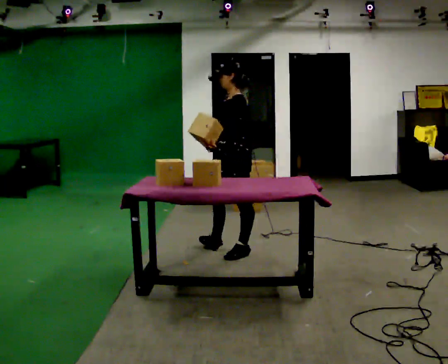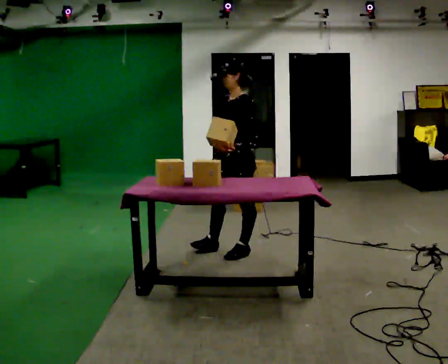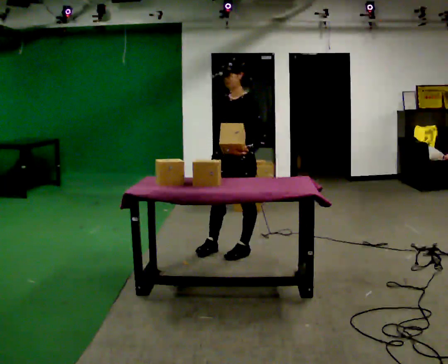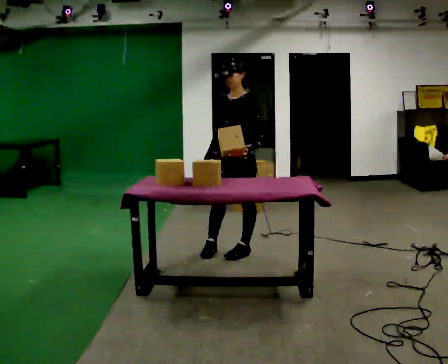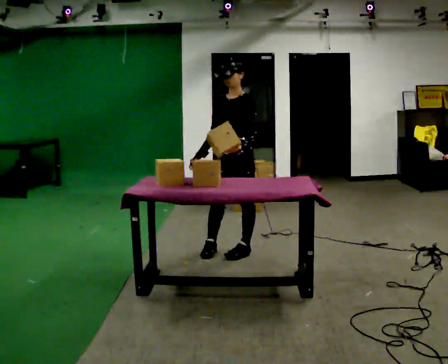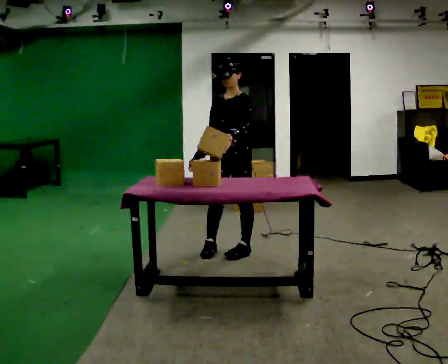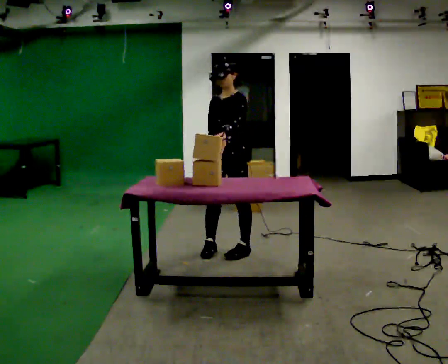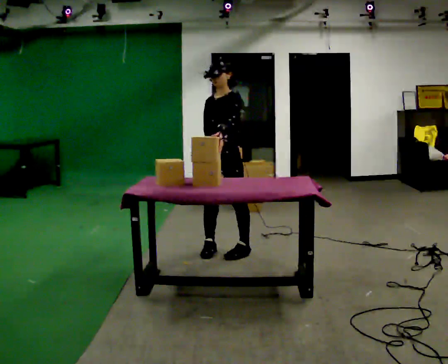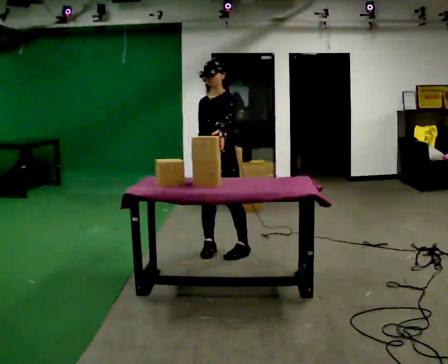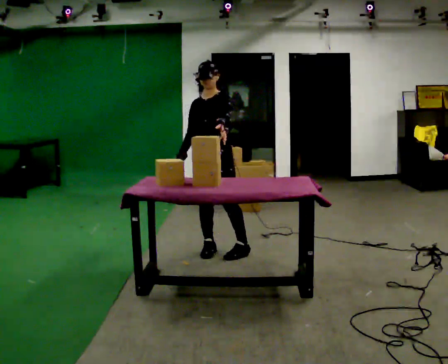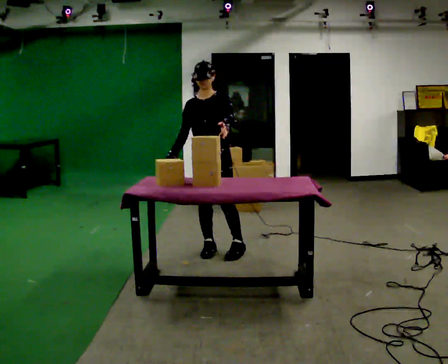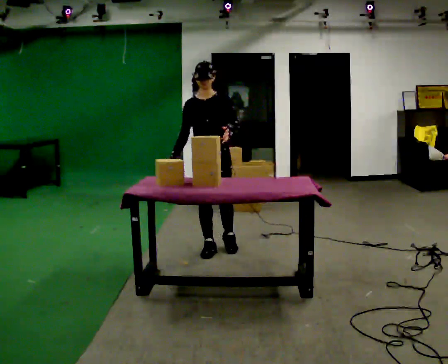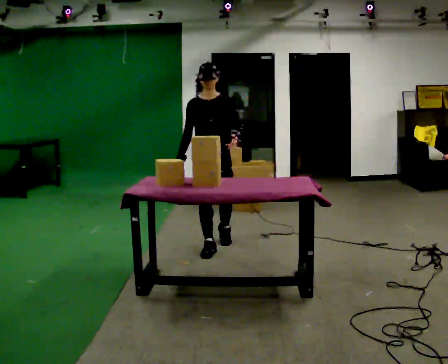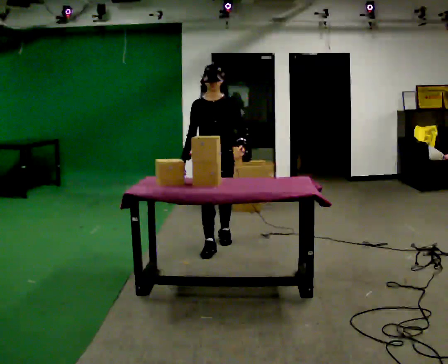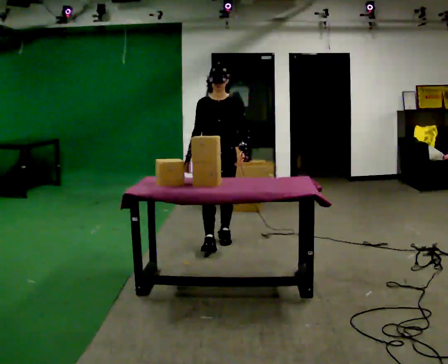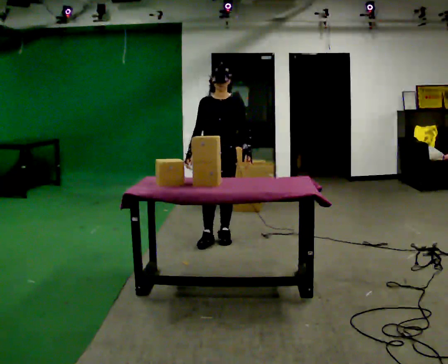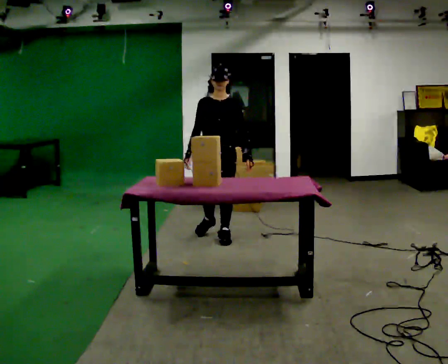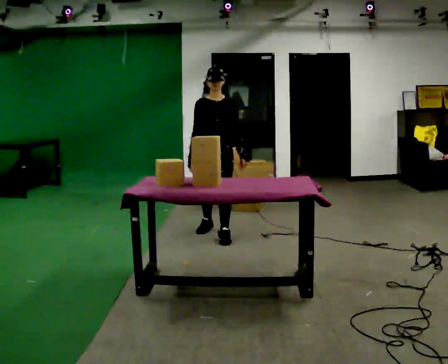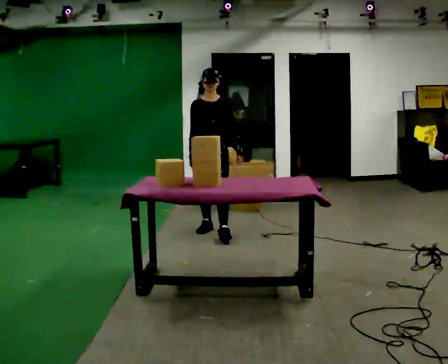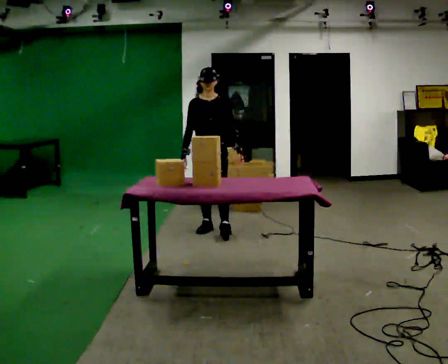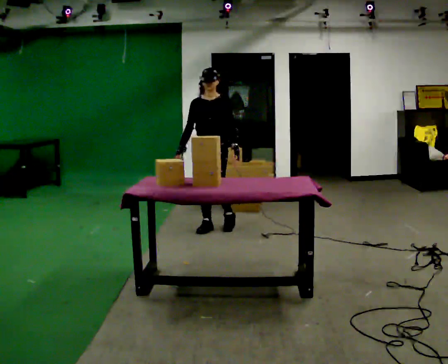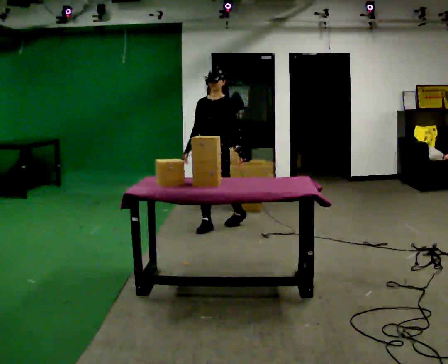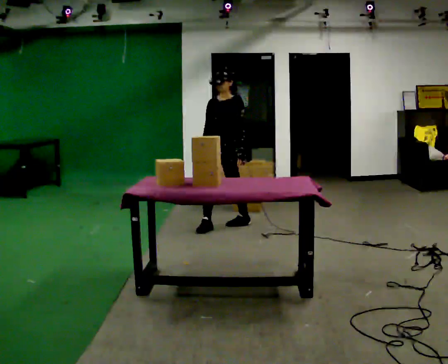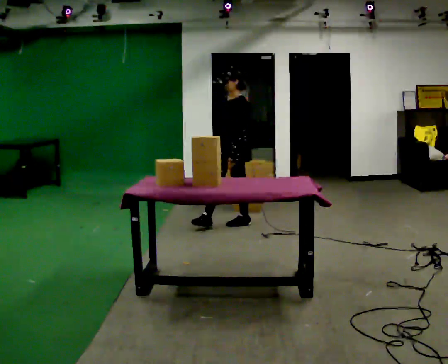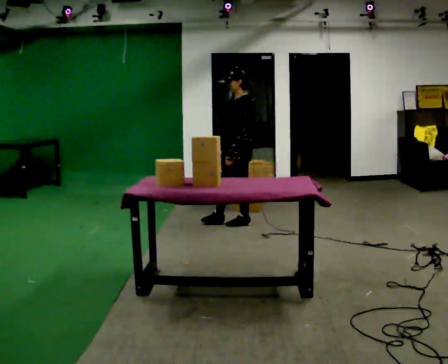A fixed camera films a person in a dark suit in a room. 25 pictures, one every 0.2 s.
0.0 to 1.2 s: The person turns about 45 degrees to their left, counterclockwise seen from above, so the part of the body nearest the lens slides to the right.
1.2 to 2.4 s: The person turns about 45 degrees to their left, counterclockwise seen from above, so the part of the body nearest the lens slides to the right. In the picture they go away from the camera, about 0.25 m in 1 step, which for them is to their right.
2.4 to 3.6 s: In the picture they go away from the camera, about 0.5 m in 1 step, which for them is backward.
3.6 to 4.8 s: Seen from above the body turns clockwise, about 75 degrees: to their right, with its near side sliding to the left. In the picture they go away from the camera and to the right, about 0.5 m in 2 steps.
The film runs backward here.
